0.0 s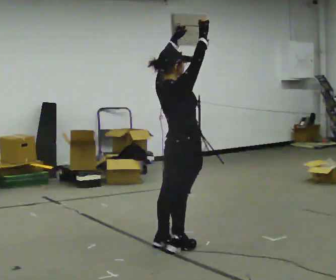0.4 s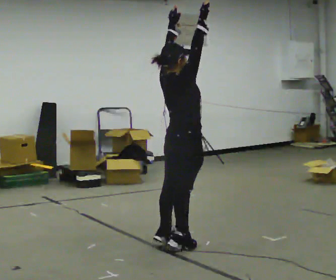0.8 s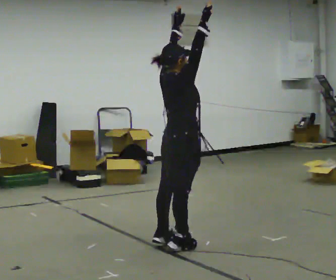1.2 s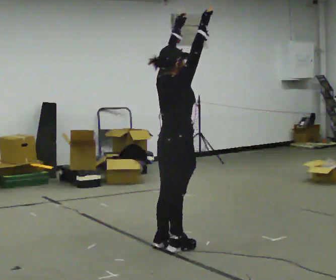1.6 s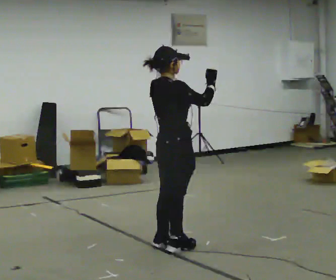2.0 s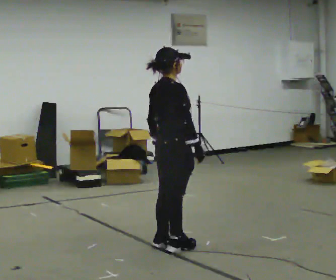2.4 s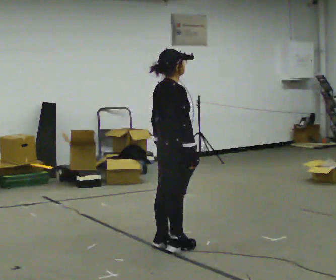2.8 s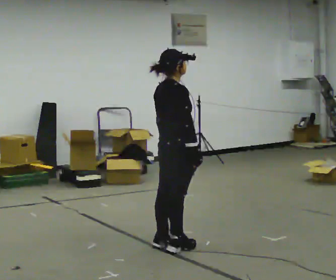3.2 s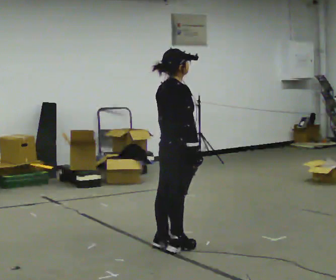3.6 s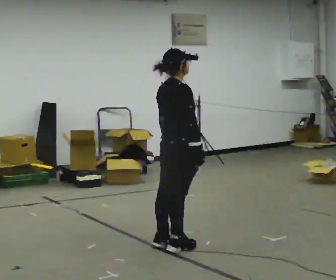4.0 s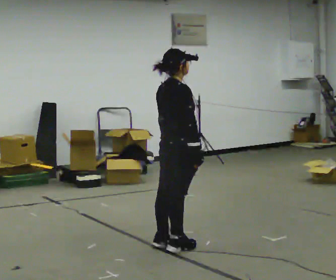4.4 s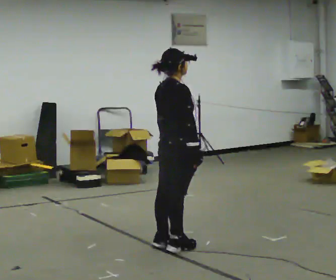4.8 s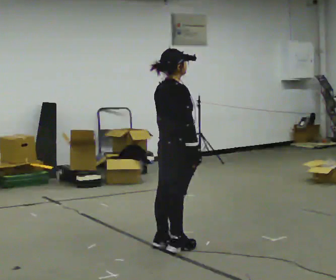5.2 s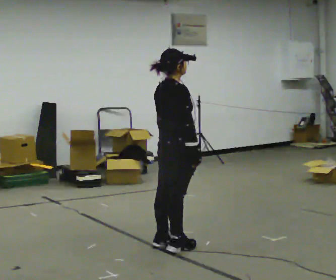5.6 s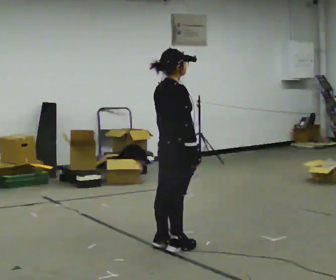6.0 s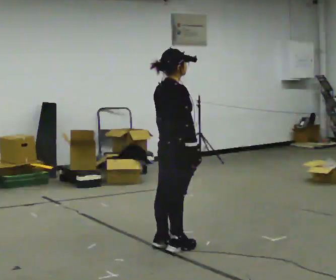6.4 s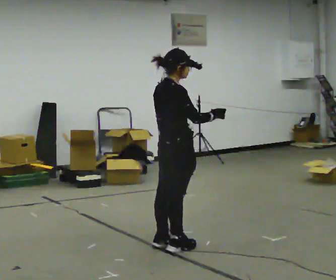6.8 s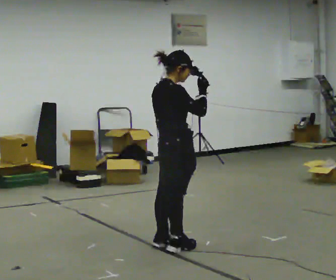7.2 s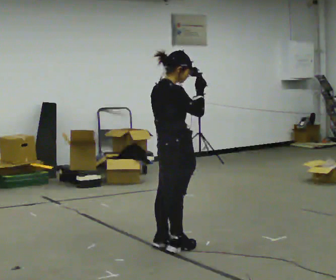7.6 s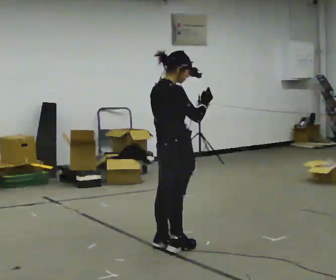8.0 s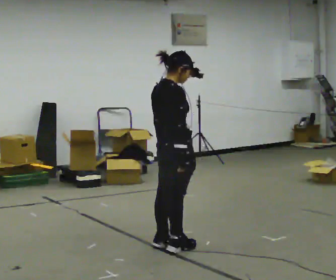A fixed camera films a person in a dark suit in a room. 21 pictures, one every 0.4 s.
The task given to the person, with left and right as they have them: Keeping your feet still, reach both arms up overhead as high as is comfortable, then lower them. Repeat the movement at your own pace until the operator says stop; do not rush.
0.0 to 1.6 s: In the picture their right hand goes downward, the arm swinging clockwise.
1.6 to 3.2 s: In the picture their left hand goes downward.
3.2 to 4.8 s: The person keeps their place and pose.
4.8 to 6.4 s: In the picture their right hand goes upward, the arm swinging counterclockwise.
6.4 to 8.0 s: In the picture their right hand goes downward.
The film runs forward here.
